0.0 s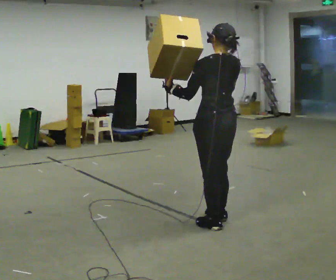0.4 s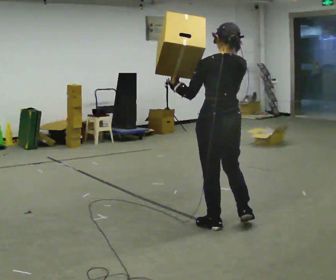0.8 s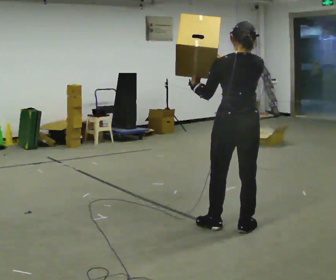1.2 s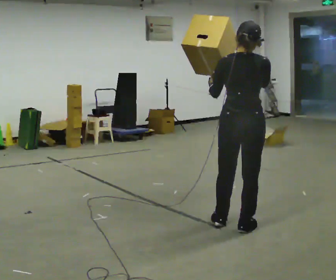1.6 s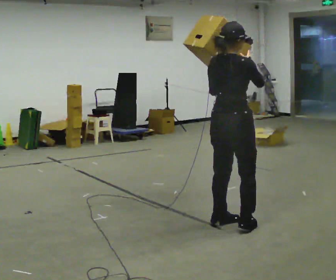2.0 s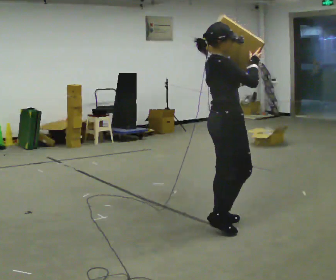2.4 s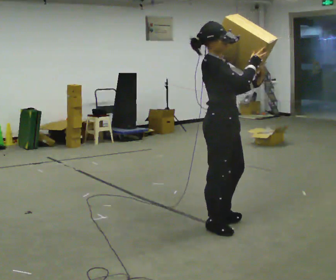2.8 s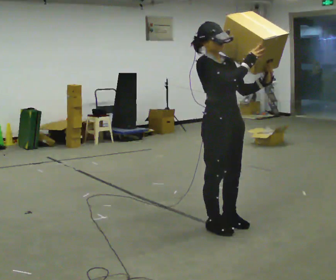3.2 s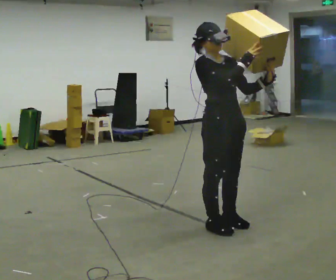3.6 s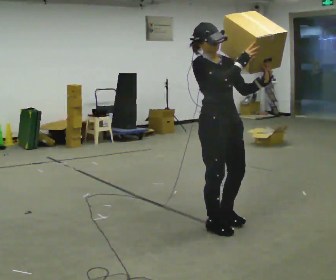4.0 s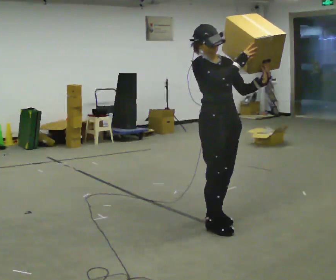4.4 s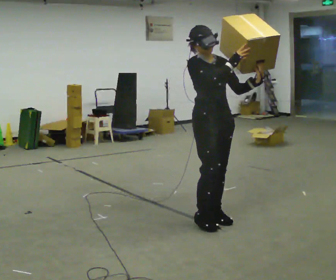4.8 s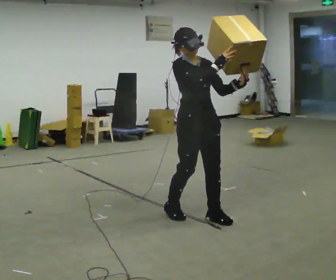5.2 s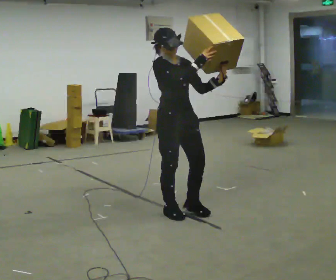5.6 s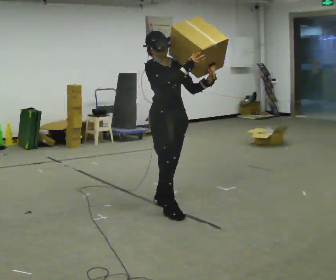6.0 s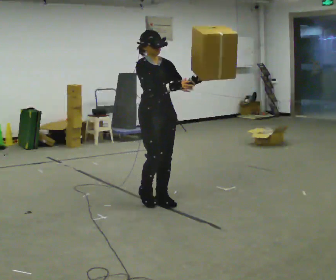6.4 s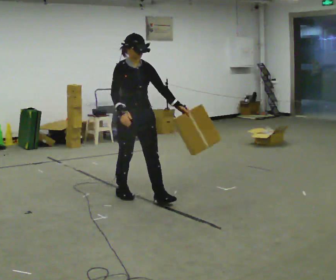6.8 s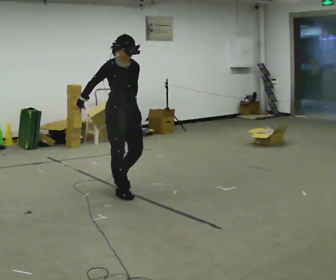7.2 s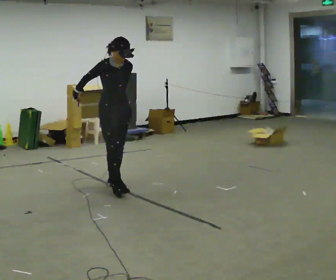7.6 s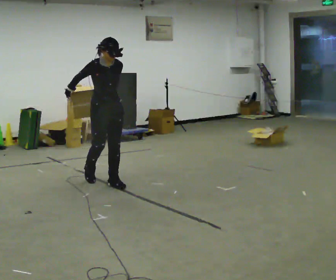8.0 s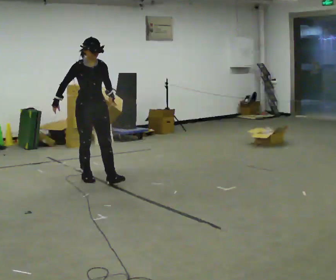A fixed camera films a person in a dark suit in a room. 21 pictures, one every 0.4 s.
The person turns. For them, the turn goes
to their right.
The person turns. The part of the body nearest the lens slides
to the left.
0.0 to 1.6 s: The part of the body nearest the lens slides to the left as the person turns to their right by about 75 degrees. In the picture their left hand goes to the right.
1.6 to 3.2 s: Seen from above the body turns clockwise, about 90 degrees: to their right, with its near side sliding to the left. In the picture their left hand goes to the right.
3.2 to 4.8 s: In the picture they go away from the camera and to the left, about 0.25 m in 2 steps, which for them is backward.
4.8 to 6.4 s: In the picture they go to the left and away from the camera, about 1 m in 2 steps, which for them is backward. In the picture their right hand goes downward.
6.4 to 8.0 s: In the picture they go to the left and away from the camera, about 1 m in 3 steps, which for them is backward.
The film runs backward here.
